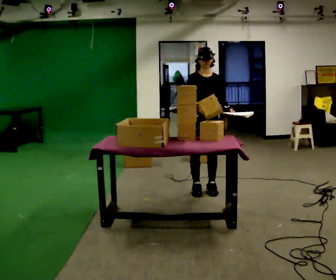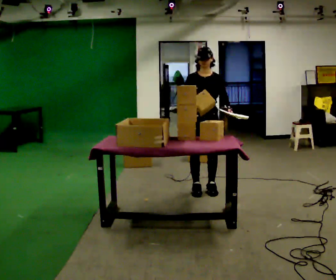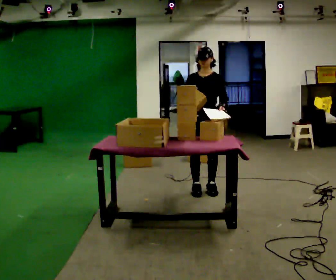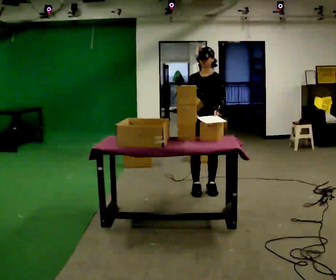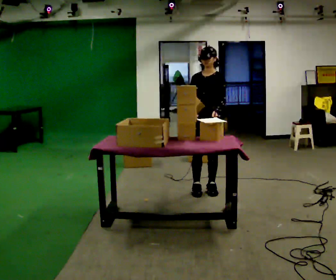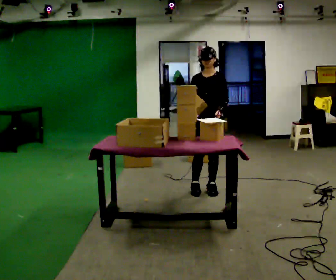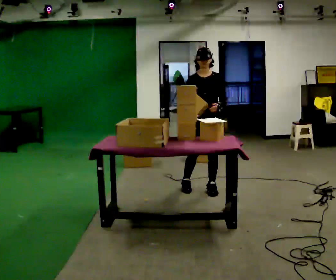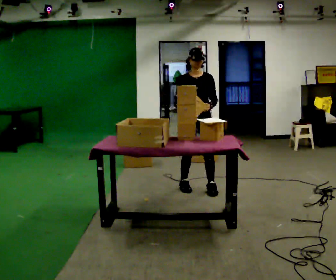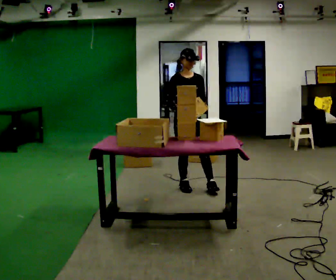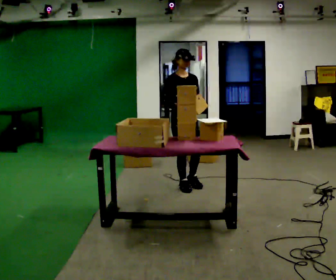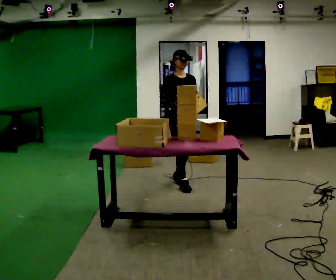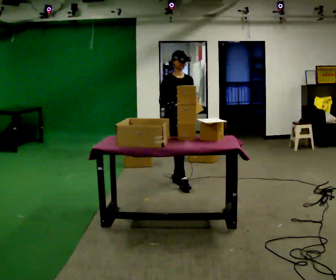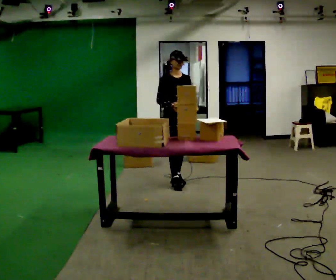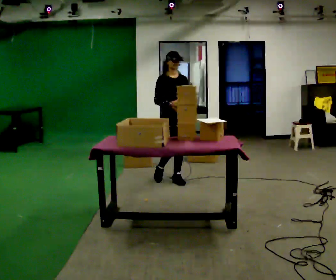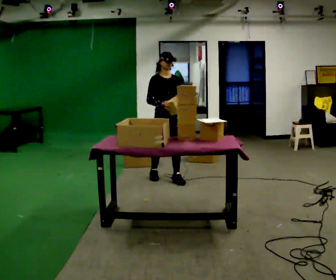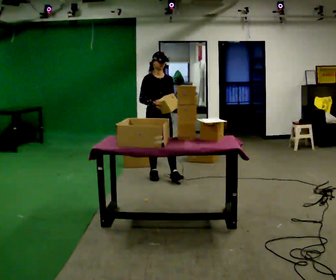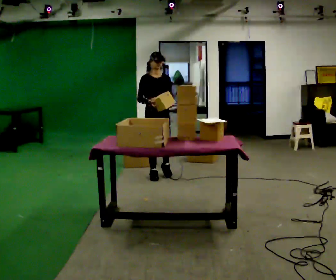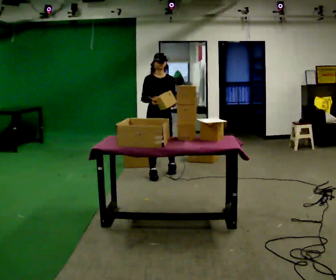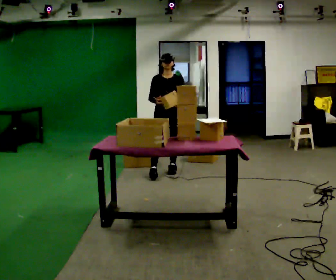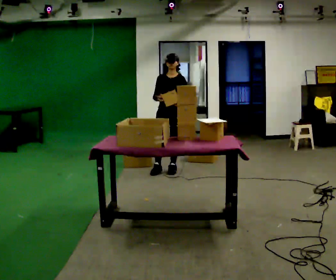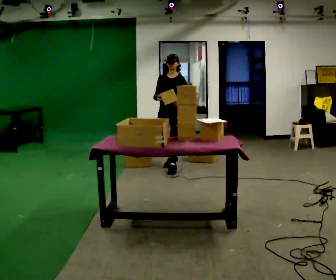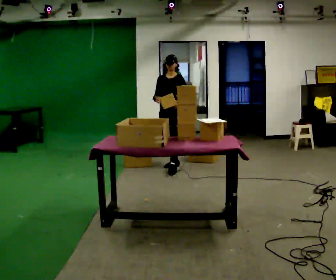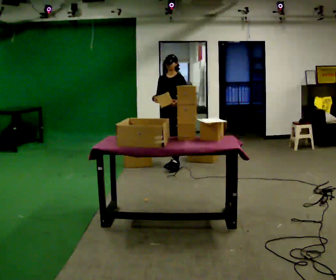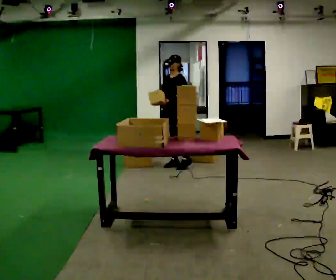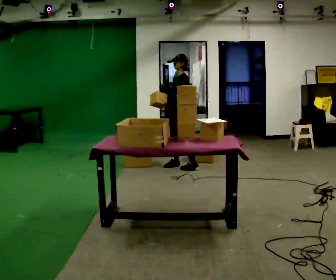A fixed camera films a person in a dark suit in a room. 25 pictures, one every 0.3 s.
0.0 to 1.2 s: The person turns about 30 degrees to their right, clockwise seen from above, so the part of the body nearest the lens slides to the left.
1.2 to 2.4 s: Seen from above the body turns counterclockwise, about 45 degrees: to their left, with its near side sliding to the right. In the picture they go to the left, about 0.25 m in 1 step, which for them is to their right.
2.4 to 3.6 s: In the picture they go away from the camera and to the left, about 0.25 m in 2 steps, which for them is backward.
3.6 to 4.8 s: In the picture they go to the left and away from the camera, about 0.25 m in 1 step, which for them is backward and to their right.
4.8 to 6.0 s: The part of the body nearest the lens slides to the left as the person turns to their right by about 45 degrees. In the picture they go away from the camera and to the right, about 0.5 m in 1 step, which for them is backward and to their left.
6.0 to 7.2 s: Seen from above the body turns clockwise, about 60 degrees: to their right, with its near side sliding to the left. In the picture they go away from the camera, about 0.25 m in 1 step, which for them is backward.
The film runs backward here.
